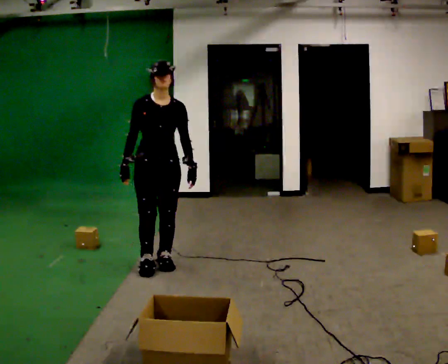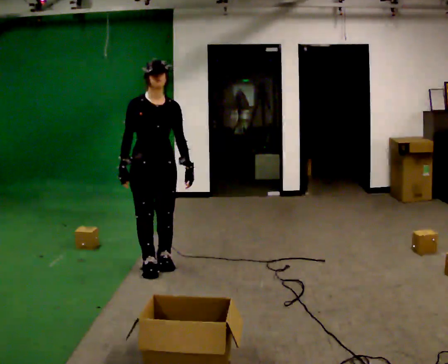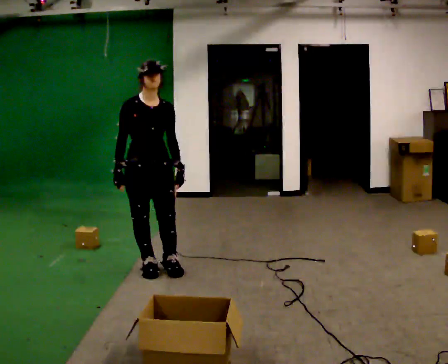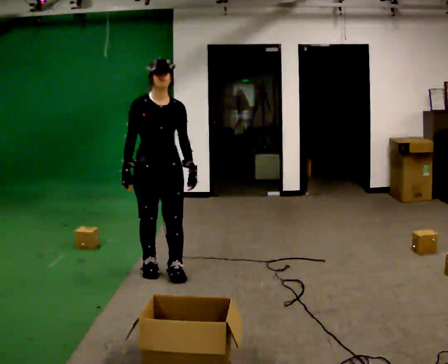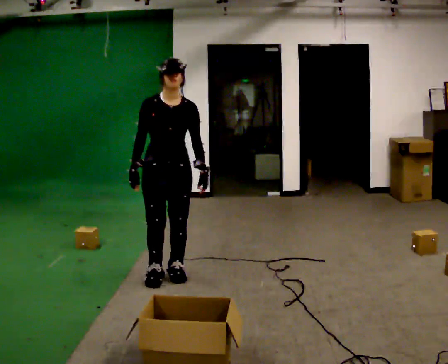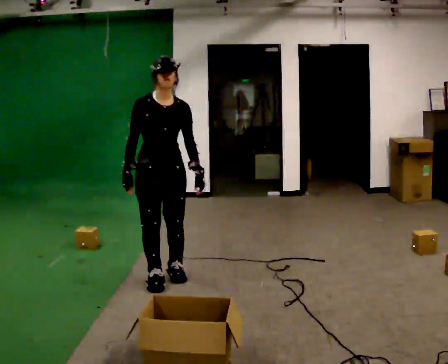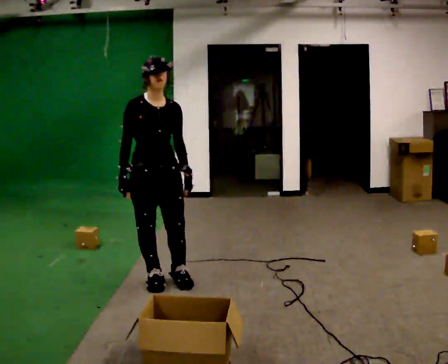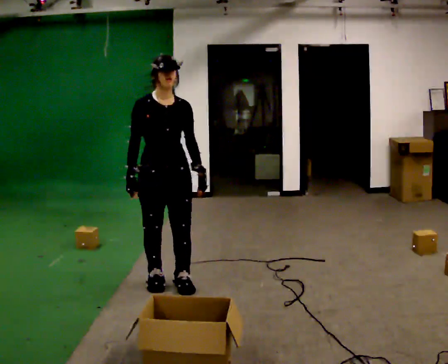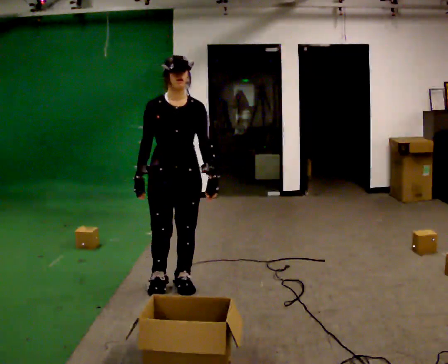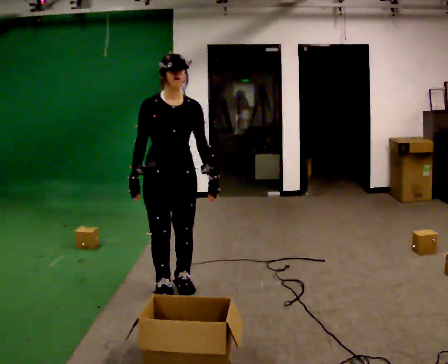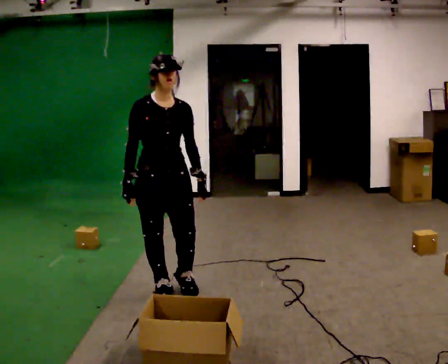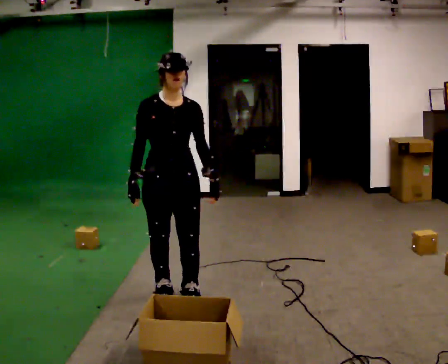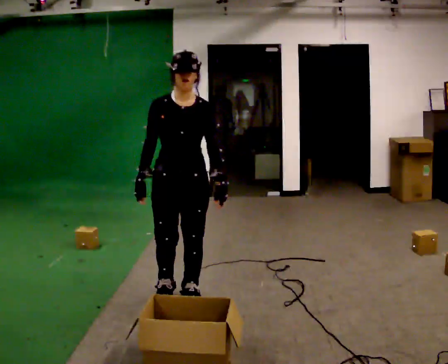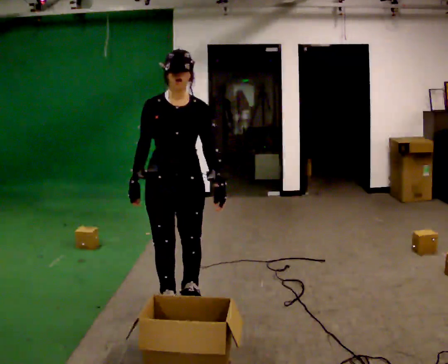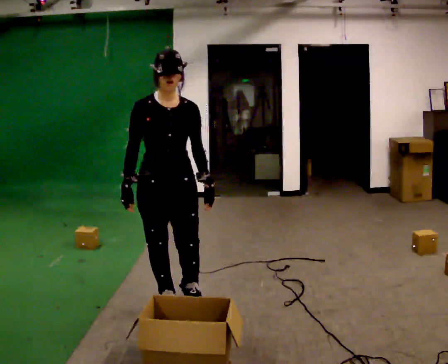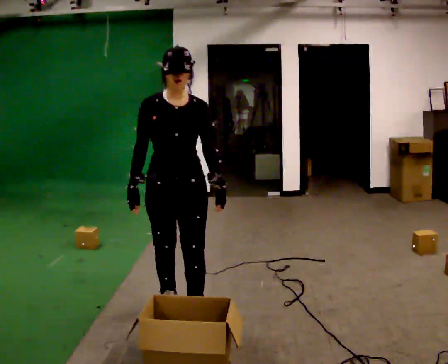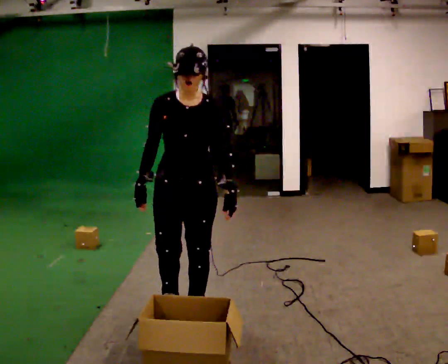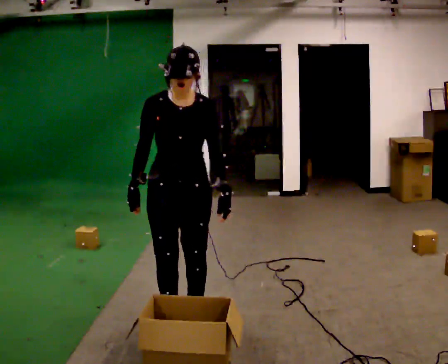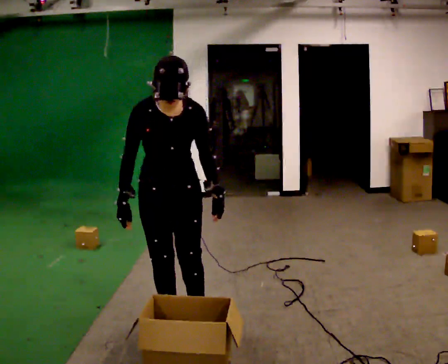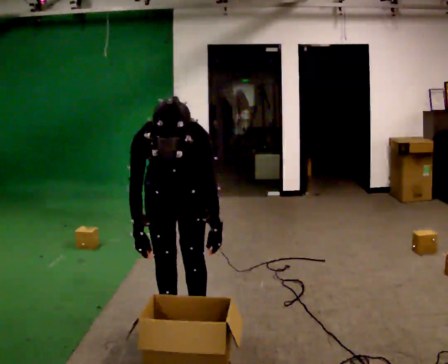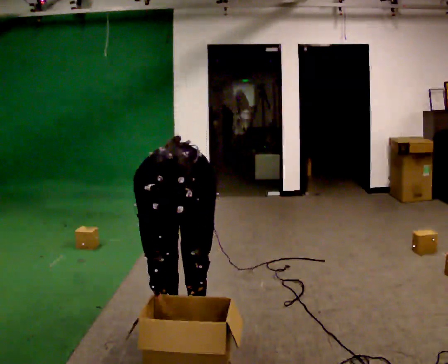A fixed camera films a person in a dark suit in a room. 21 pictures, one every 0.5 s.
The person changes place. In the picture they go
toward the camera.
The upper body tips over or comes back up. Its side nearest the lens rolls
downward.
0.0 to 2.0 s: In the picture they go toward the camera, about 0.25 m in 2 steps, which for them is forward.
2.0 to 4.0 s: In the picture they go toward the camera, about 0.25 m in 2 steps, which for them is forward.
4.0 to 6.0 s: In the picture they go toward the camera, about 0.25 m in 2 steps, which for them is forward.
6.0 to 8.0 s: In the picture they go toward the camera, about 0.25 m in 2 steps, which for them is forward.
8.0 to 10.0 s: The shoulders move downward. The upper body tips toward the camera, its near side rolling downward, as they bend forward. In the picture their right hand goes downward.
The film runs forward here.
